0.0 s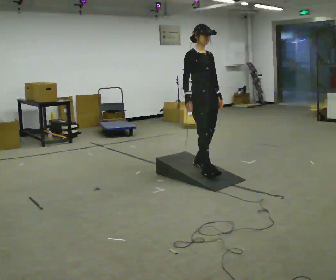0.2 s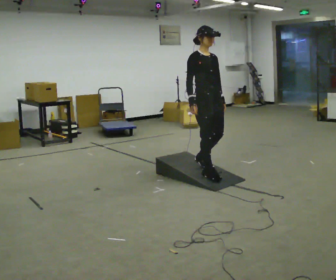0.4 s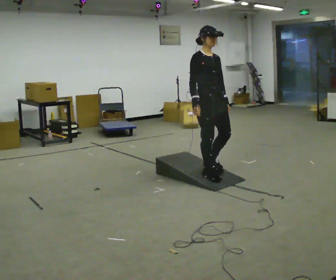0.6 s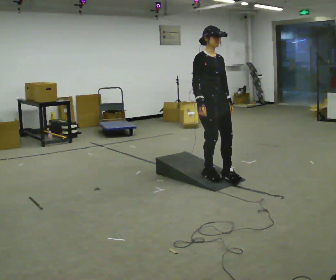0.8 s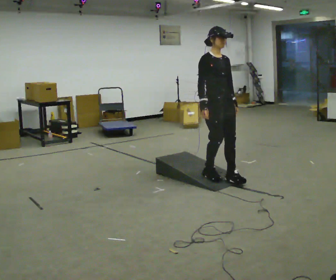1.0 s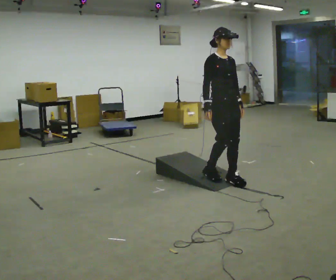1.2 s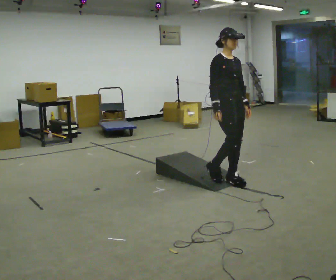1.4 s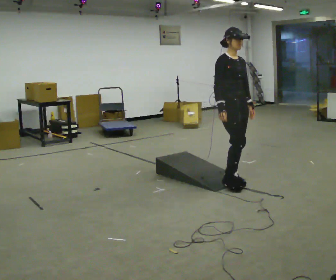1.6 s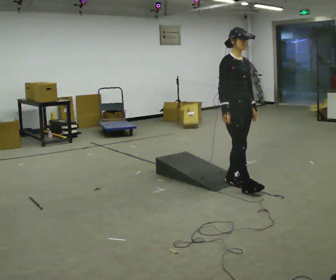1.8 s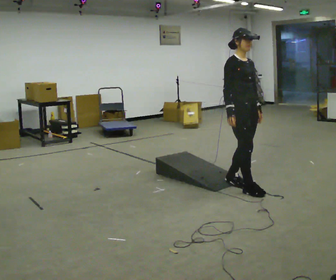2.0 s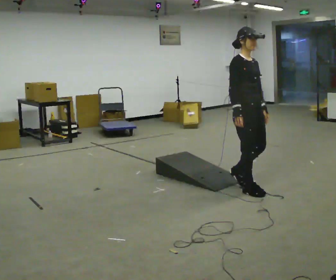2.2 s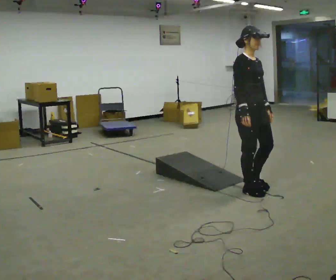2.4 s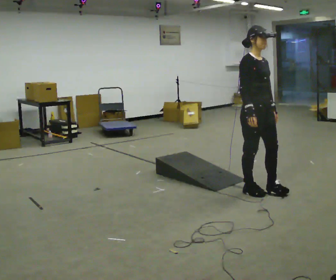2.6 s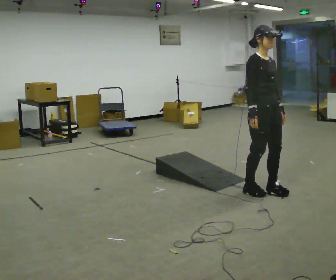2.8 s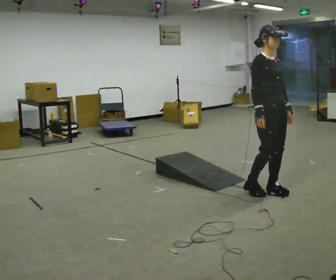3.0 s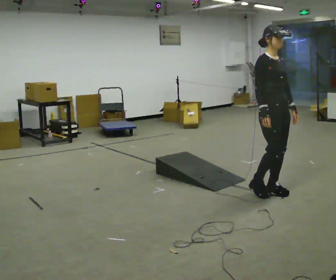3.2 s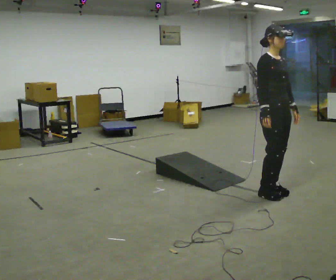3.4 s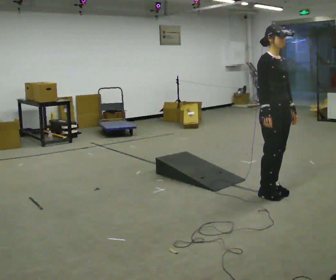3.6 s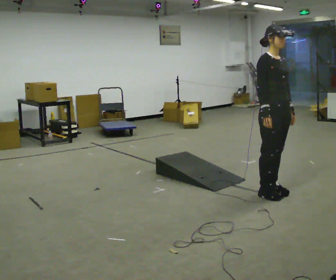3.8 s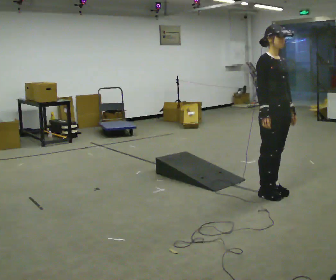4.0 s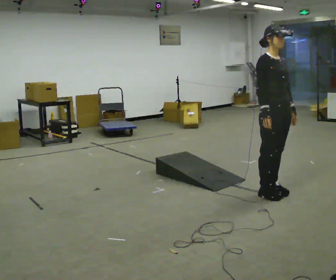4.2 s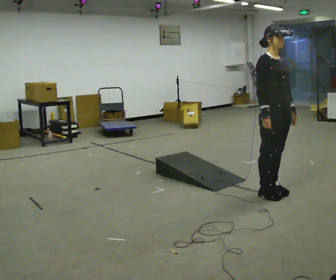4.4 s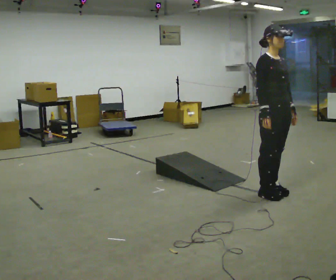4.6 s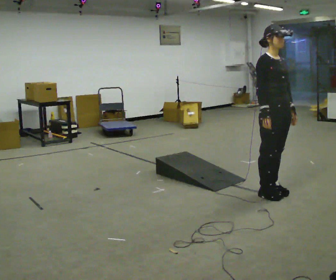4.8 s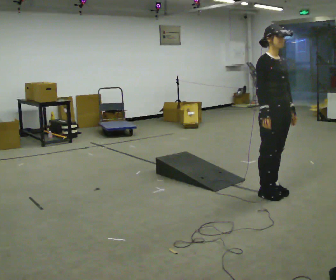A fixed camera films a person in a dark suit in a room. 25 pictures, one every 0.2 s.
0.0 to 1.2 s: In the picture they go to the right and toward the camera, about 0.25 m in 1 step, which for them is forward.
1.2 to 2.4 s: In the picture they go to the right and toward the camera, about 0.5 m in 2 steps, which for them is forward.
2.4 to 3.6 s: In the picture they go to the right, about 0.25 m in 1 step, which for them is forward.
3.6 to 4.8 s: The person keeps their place and pose.
The film runs forward here.
